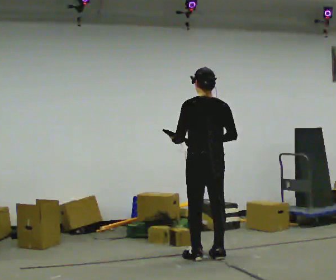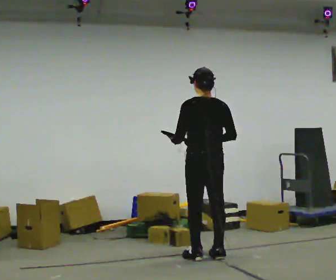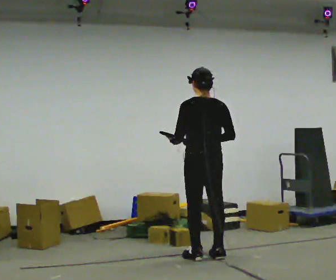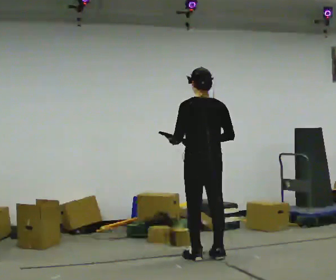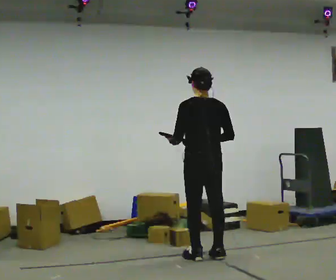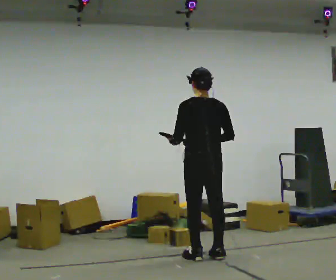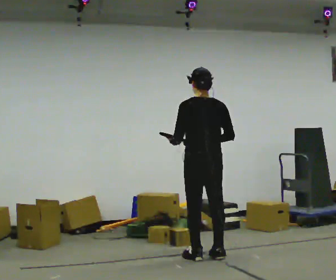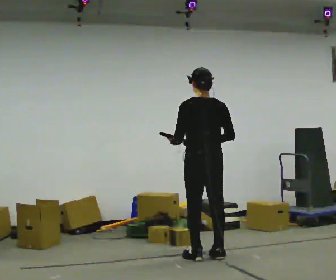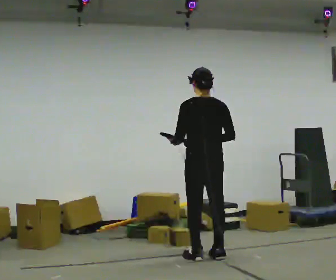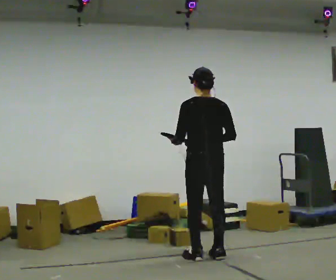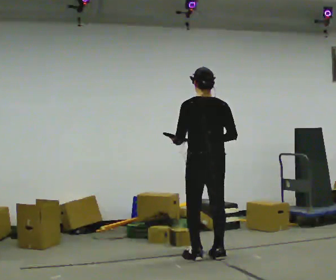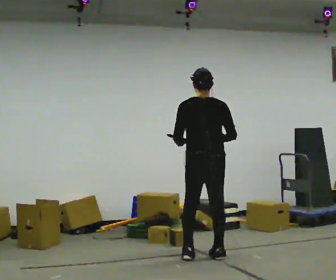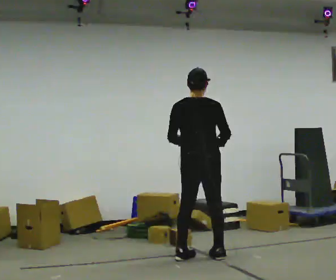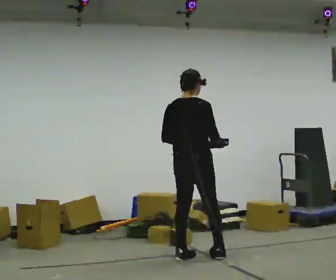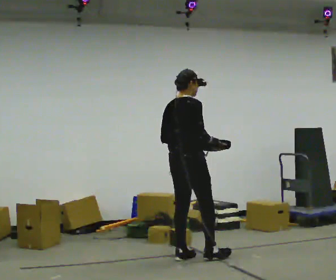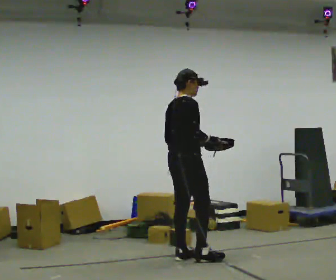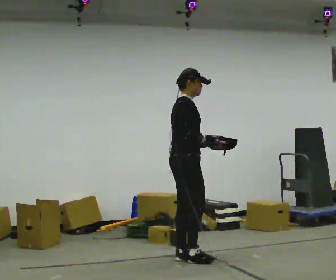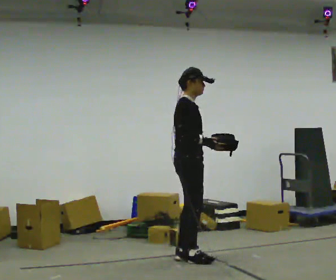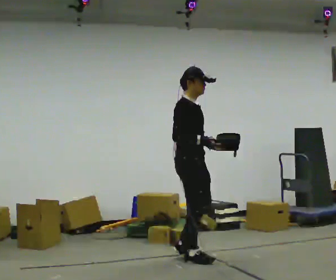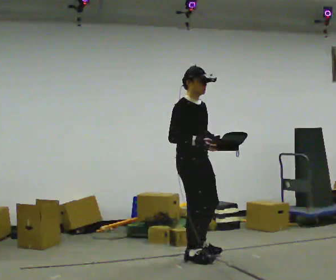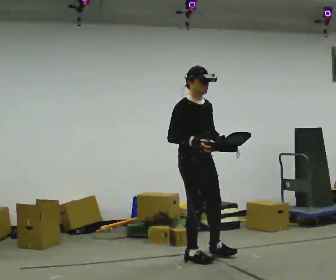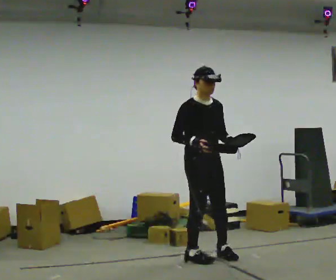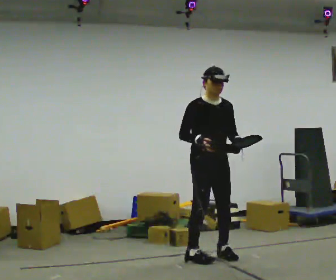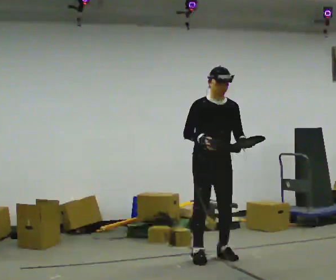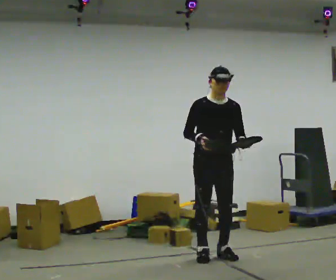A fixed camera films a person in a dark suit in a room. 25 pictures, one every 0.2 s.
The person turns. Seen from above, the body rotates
clockwise.
The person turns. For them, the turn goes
to their right.
0.0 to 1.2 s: The person keeps their place and pose.
1.2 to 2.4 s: The person turns about 30 degrees to their right, clockwise seen from above, so the part of the body nearest the lens slides to the left.
2.4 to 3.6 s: The person turns about 90 degrees to their right, clockwise seen from above, so the part of the body nearest the lens slides to the left. In the picture their left hand goes to the right, the arm swinging counterclockwise.
3.6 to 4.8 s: The part of the body nearest the lens slides to the left as the person turns to their right by about 60 degrees. In the picture they go to the right, about 0.25 m in 2 steps, which for them is to their left.
The film runs forward here.
